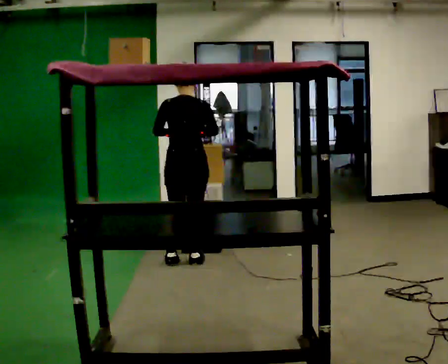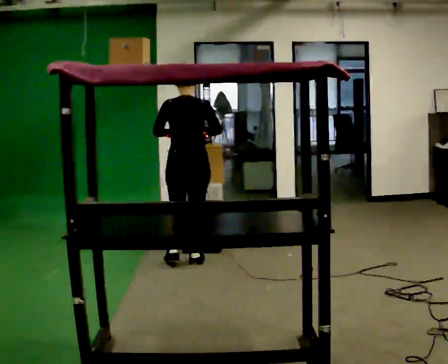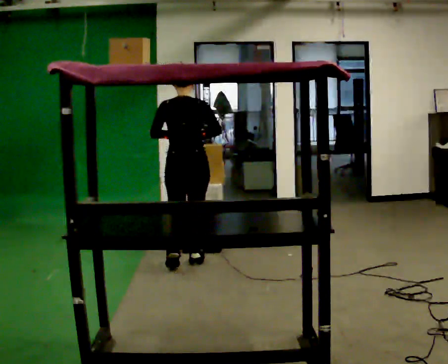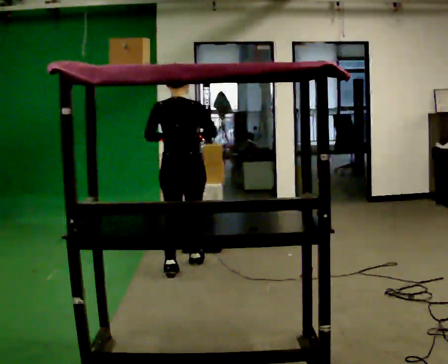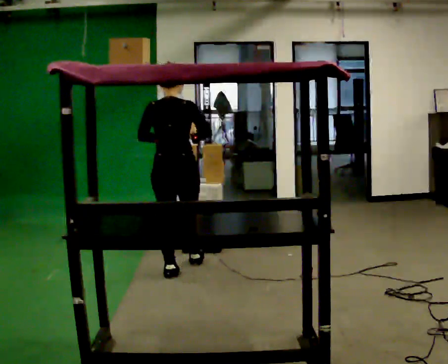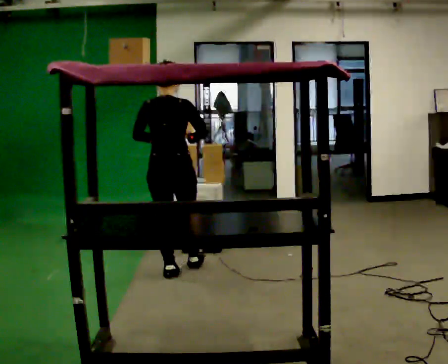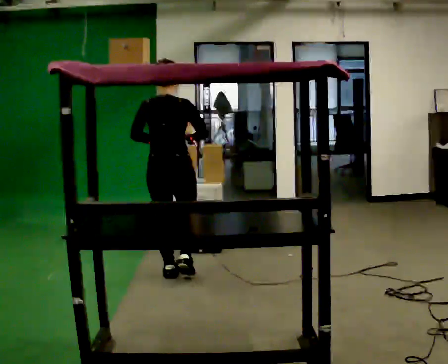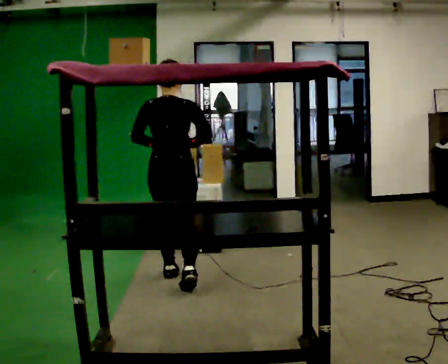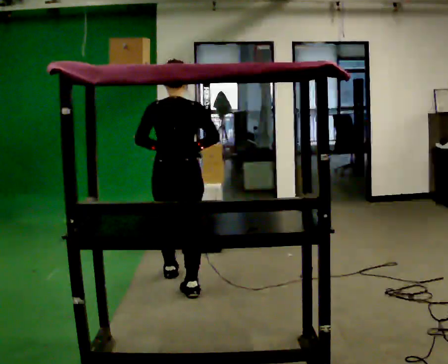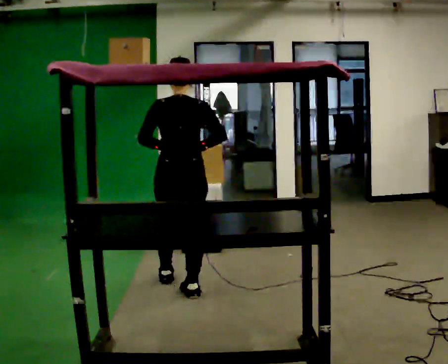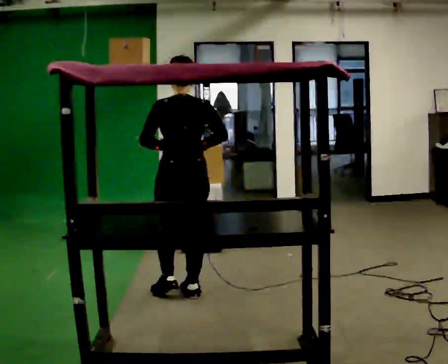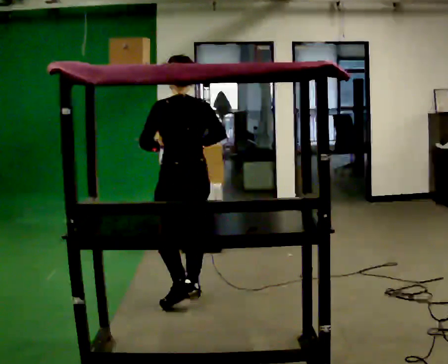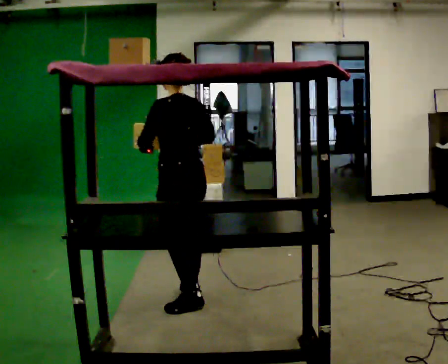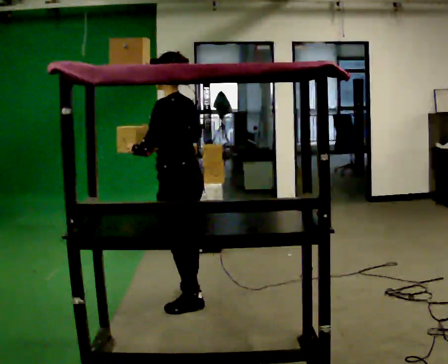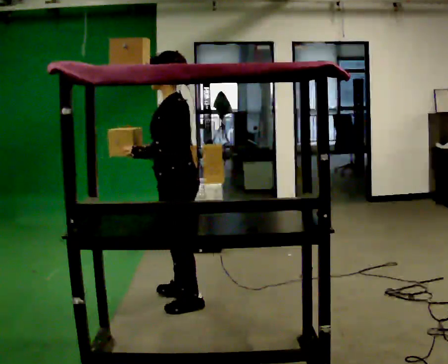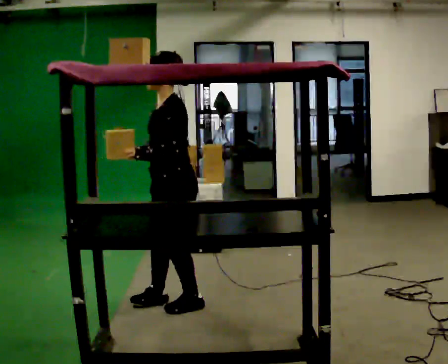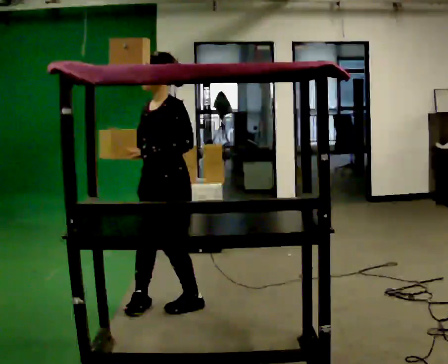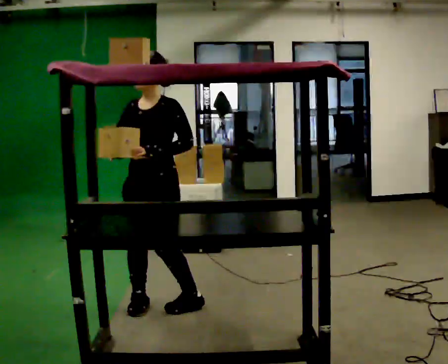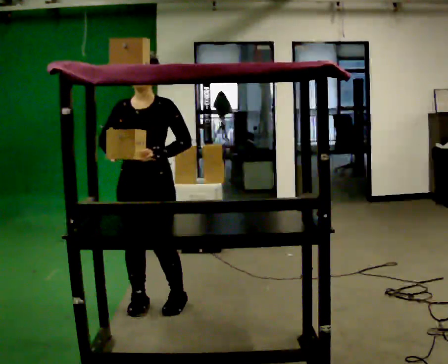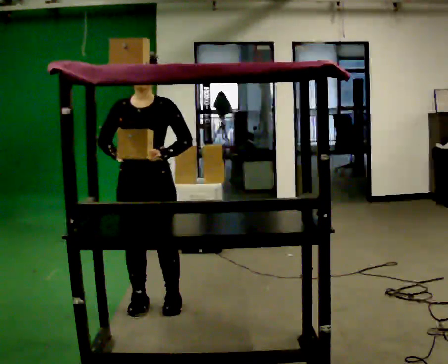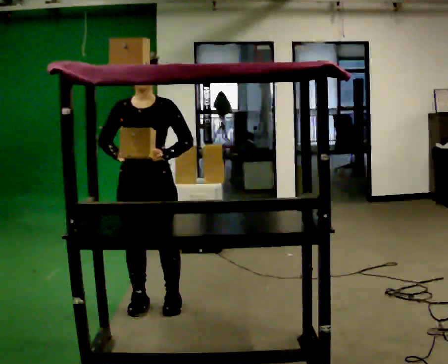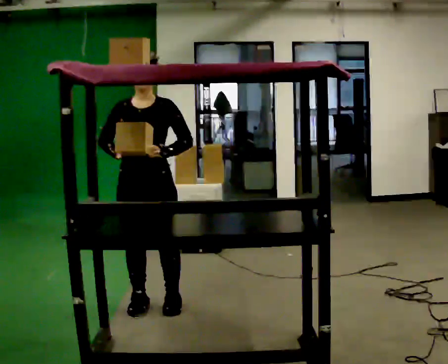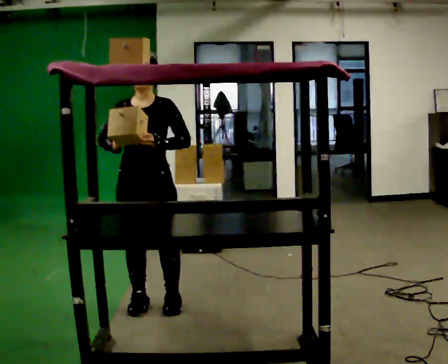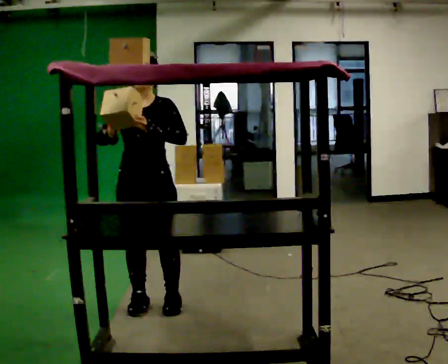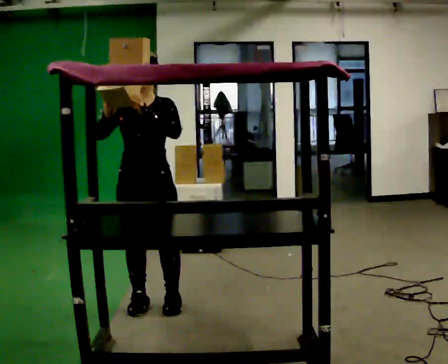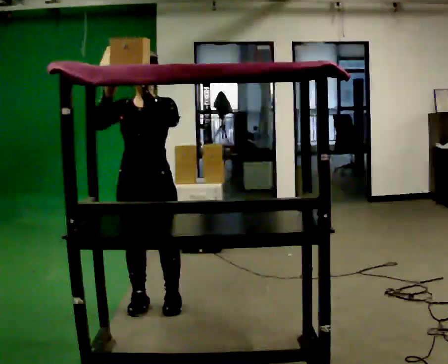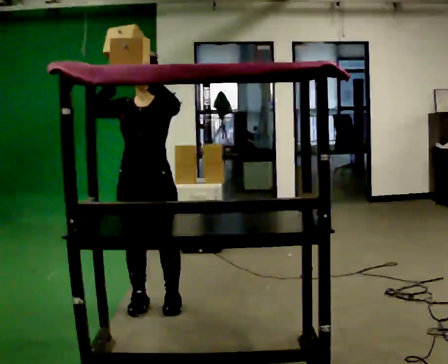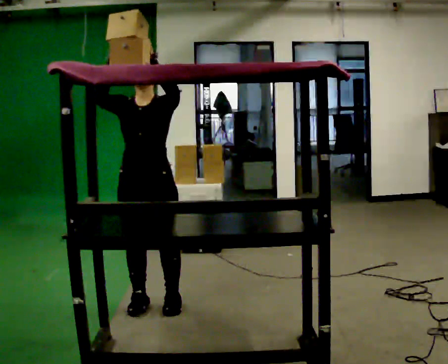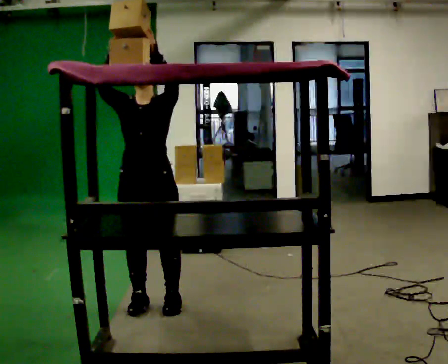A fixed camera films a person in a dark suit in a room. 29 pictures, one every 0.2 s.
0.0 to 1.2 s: In the picture they go toward the camera, about 0.5 m in 2 steps, which for them is backward.
1.2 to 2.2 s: Seen from above the body turns counterclockwise, about 30 degrees: to their left, with its near side sliding to the right. In the picture they go toward the camera, about 0.5 m in 1 step, which for them is backward.
2.2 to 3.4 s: The person turns about 120 degrees to their left, counterclockwise seen from above, so the part of the body nearest the lens slides to the right. In the picture they go toward the camera and to the left, about 0.25 m in 1 step.
3.4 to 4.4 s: The person turns about 30 degrees to their left, counterclockwise seen from above, so the part of the body nearest the lens slides to the right.
4.4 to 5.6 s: In the picture their right hand goes upward.
The film runs backward here.
